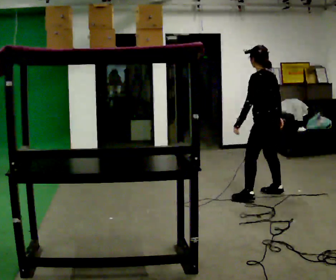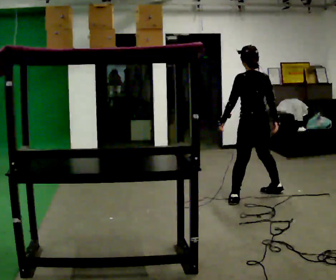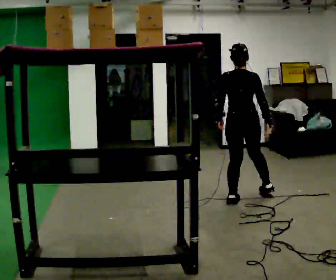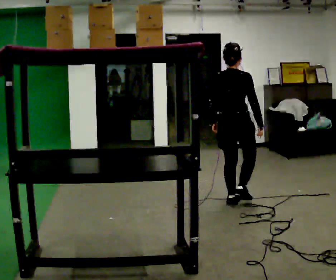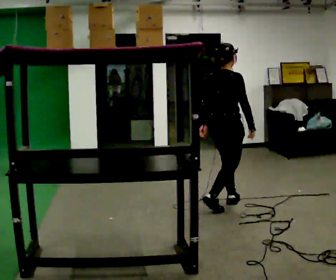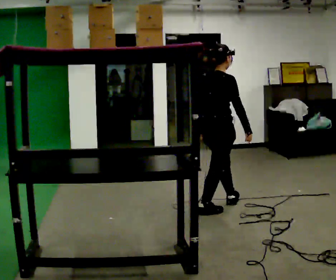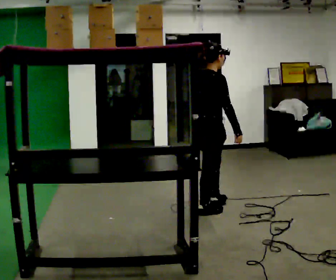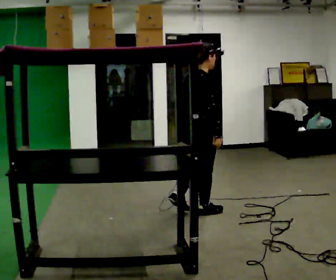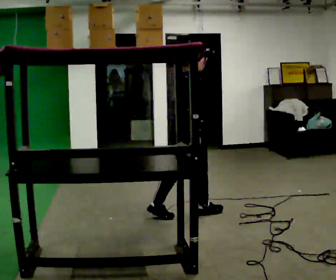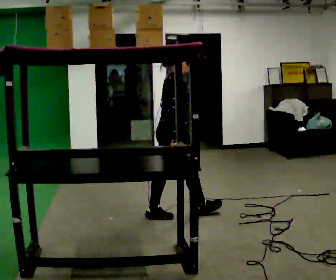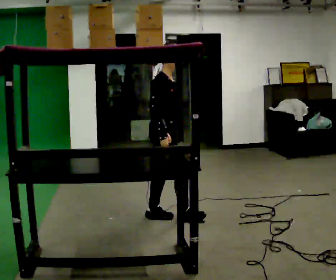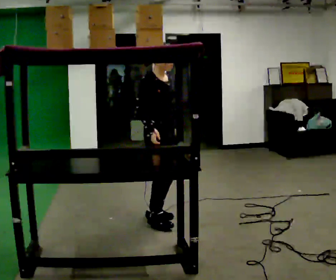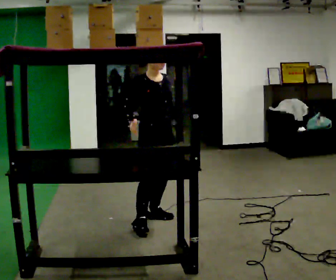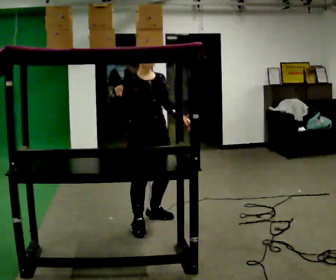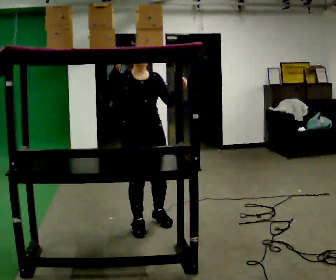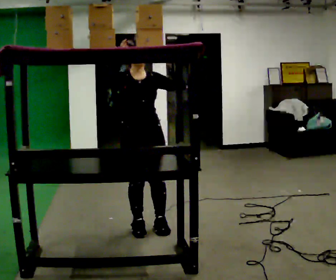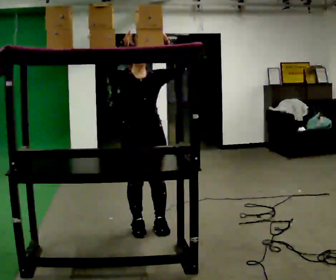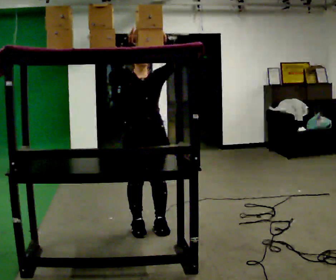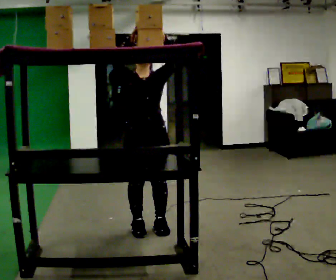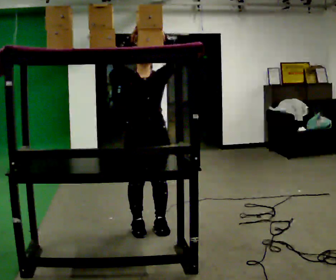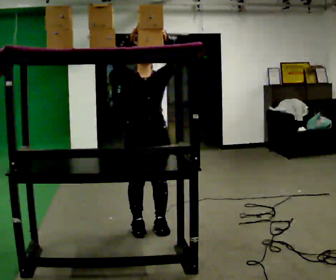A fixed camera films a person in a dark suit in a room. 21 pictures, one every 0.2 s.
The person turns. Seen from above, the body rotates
clockwise.
The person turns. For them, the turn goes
to their right.
0.0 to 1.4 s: The part of the body nearest the lens slides to the left as the person turns to their right by about 105 degrees. In the picture they go to the left and toward the camera, about 1 m in 2 steps.
1.4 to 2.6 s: The part of the body nearest the lens slides to the left as the person turns to their right by about 90 degrees. In the picture they go to the left and toward the camera, about 0.5 m in 1 step.
2.6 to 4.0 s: In the picture they go toward the camera, about 0.25 m in 1 step, which for them is forward. In the picture their left hand goes upward, the arm swinging counterclockwise.
The film runs backward here.
